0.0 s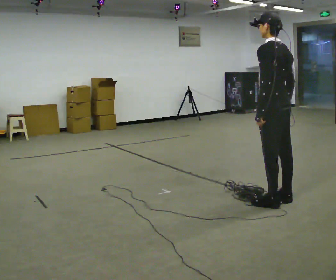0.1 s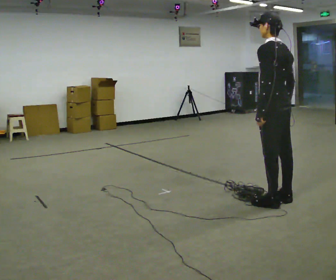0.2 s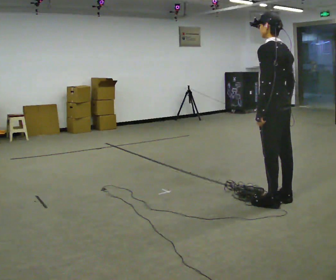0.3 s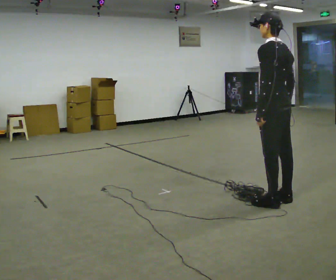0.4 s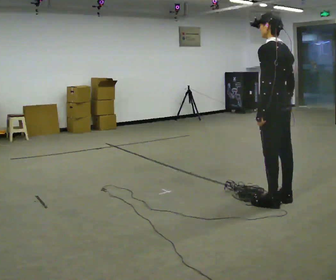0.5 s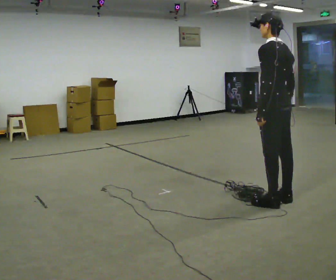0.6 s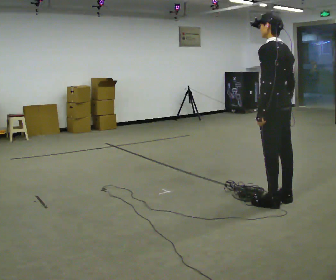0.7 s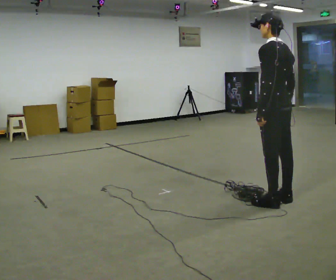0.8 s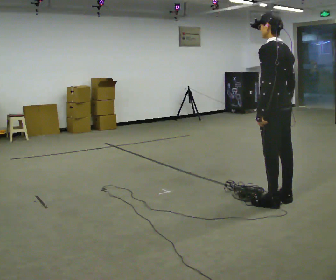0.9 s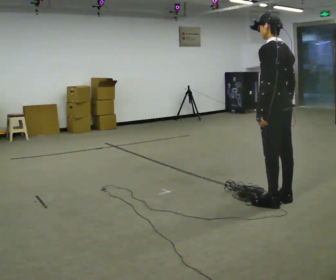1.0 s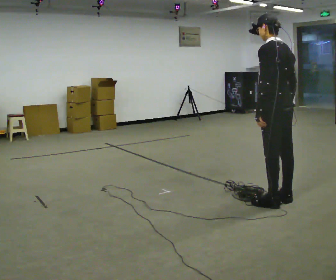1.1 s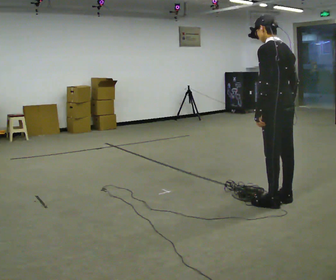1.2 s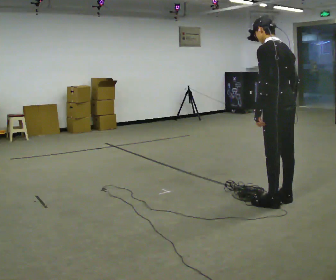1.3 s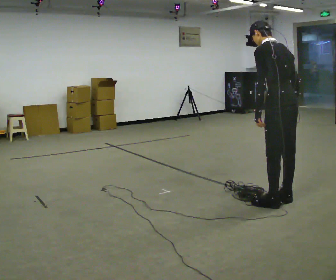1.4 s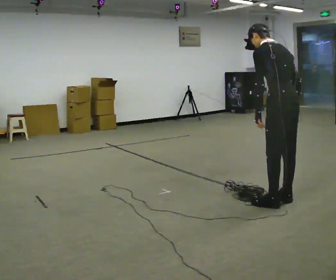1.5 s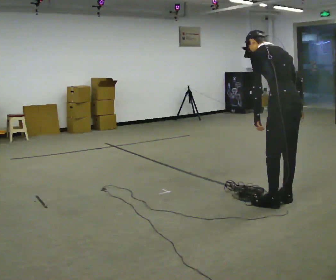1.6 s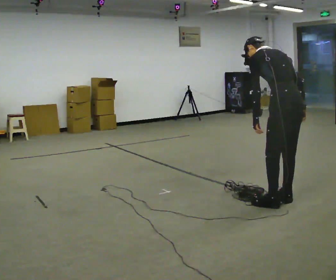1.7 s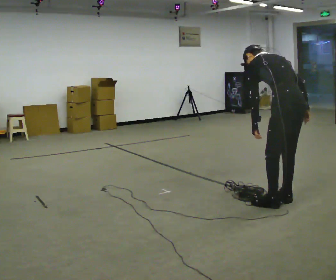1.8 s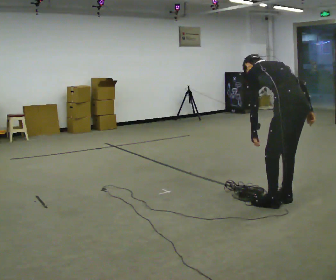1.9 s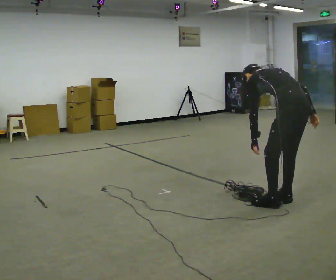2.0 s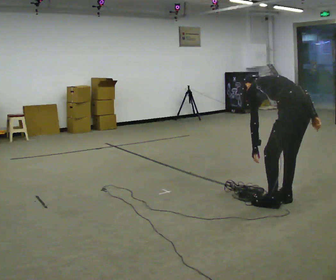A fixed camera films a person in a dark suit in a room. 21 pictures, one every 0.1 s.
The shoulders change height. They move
downward.
0.0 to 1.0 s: The person keeps their place and pose.
1.0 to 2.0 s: The upper body goes downward. The upper body tips away from the camera, its near side rolling upward, as they bend forward.
The film runs forward here.
